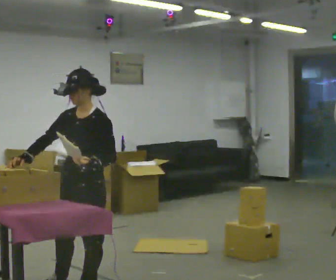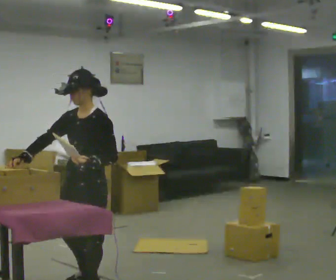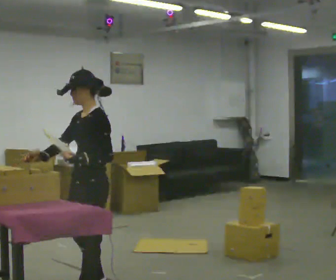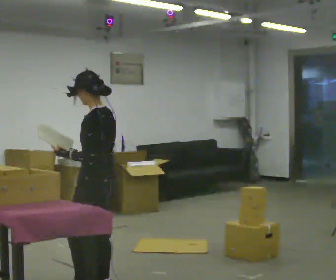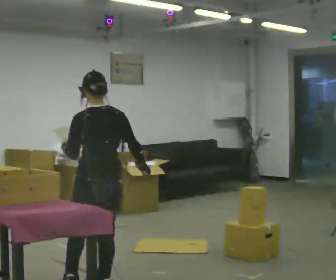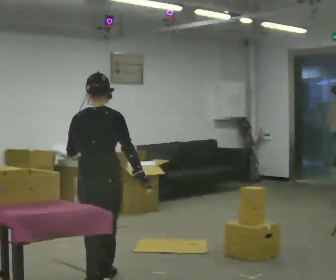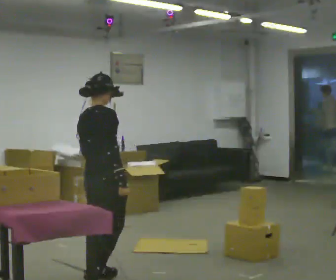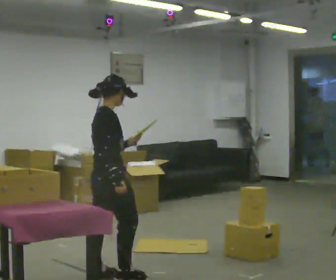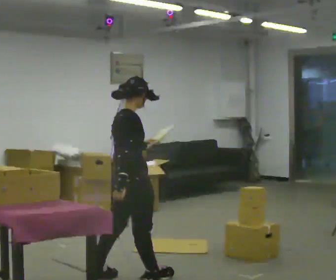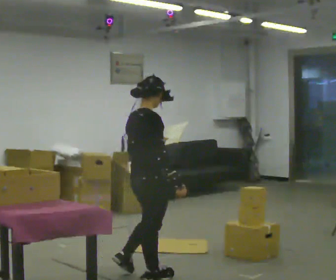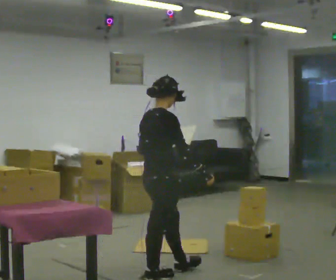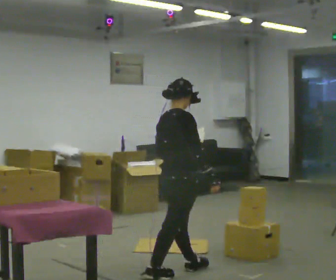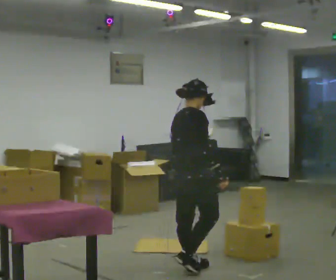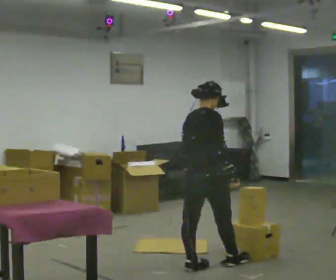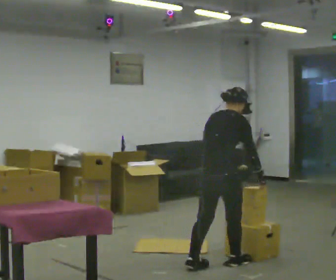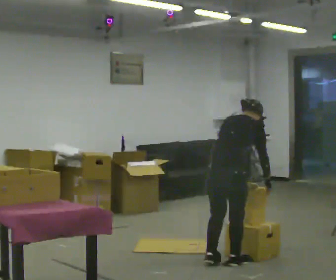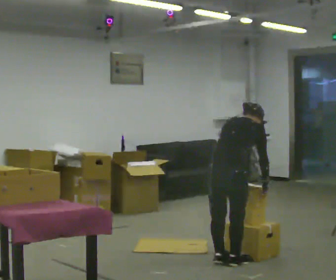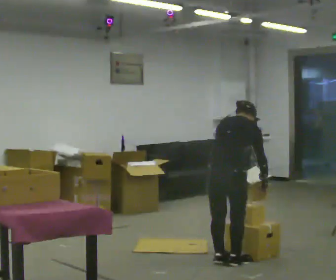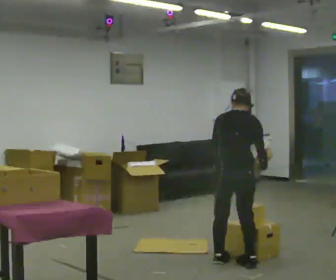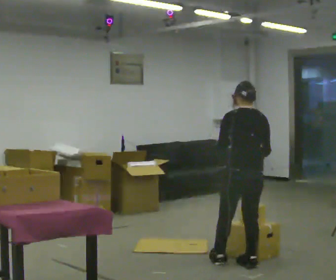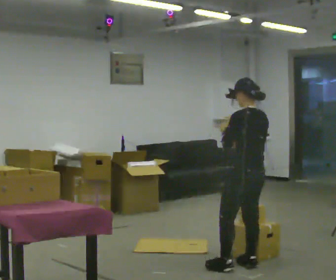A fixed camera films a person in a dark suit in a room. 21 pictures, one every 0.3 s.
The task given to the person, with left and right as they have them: 1. Read the list the operator gives you. 2. Collect the six items on the list from the shelves. 3. Put them all in the bin on the table. 4. Tell the operator when you are finished.
0.0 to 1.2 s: The part of the body nearest the lens slides to the left as the person turns to their right by about 120 degrees. In the picture they go away from the camera, about 0.25 m in 1 step. In the picture their right hand goes to the right, the arm swinging counterclockwise.
1.2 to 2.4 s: The person turns about 75 degrees to their right, clockwise seen from above, so the part of the body nearest the lens slides to the left. In the picture they go away from the camera and to the right, about 0.25 m in 2 steps.
2.4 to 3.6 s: In the picture they go to the right and away from the camera, about 0.5 m in 1 step, which for them is forward.
3.6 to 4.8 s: The part of the body nearest the lens slides to the right as the person turns to their left by about 30 degrees. In the picture they go to the right, about 0.25 m in 2 steps, which for them is forward and to their right. In the picture the upper body tilts clockwise, shoulders to the right, as they bend forward.
4.8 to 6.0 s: The part of the body nearest the lens slides to the right as the person turns to their left by about 75 degrees. In the picture they go to the right, about 0.25 m in 1 step. The upper body tips toward the camera, its near side rolling downward, as they lean back or straighten. In the picture their right hand goes upward.
The film runs forward here.
